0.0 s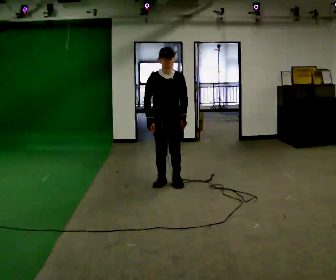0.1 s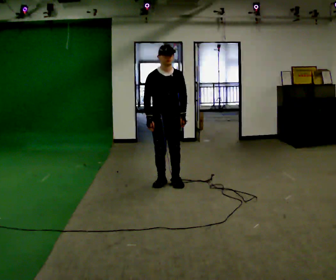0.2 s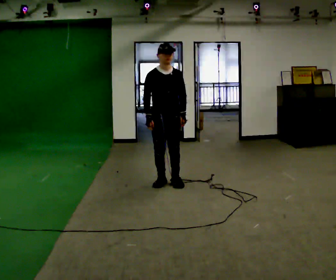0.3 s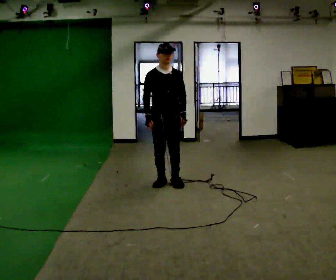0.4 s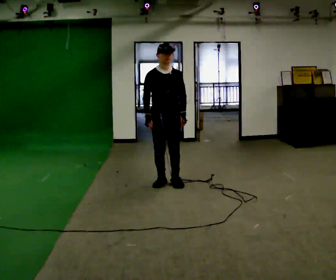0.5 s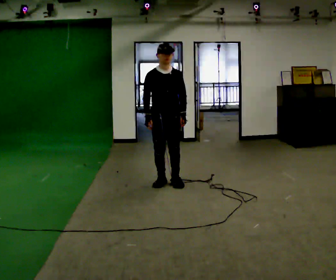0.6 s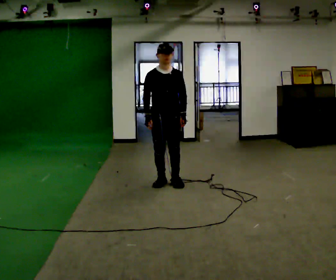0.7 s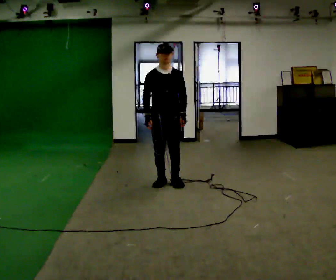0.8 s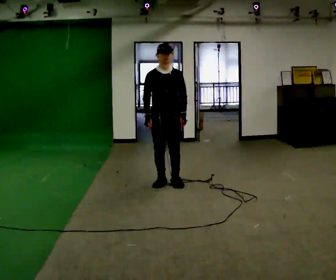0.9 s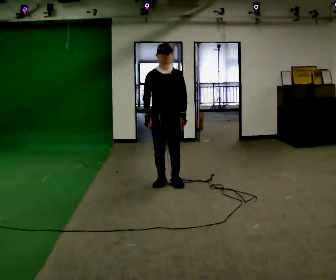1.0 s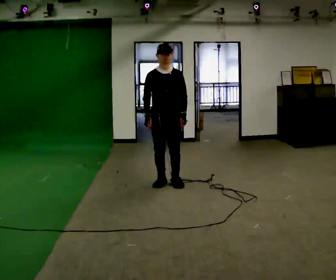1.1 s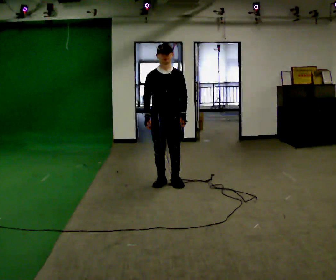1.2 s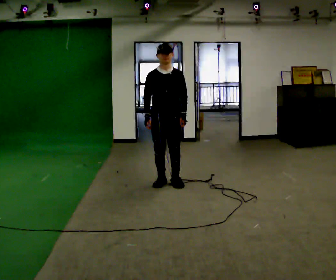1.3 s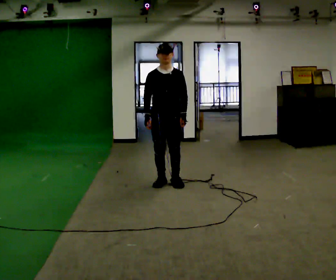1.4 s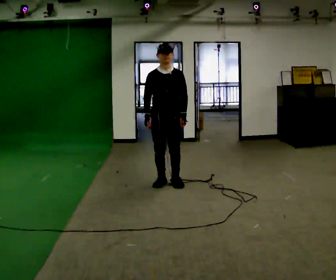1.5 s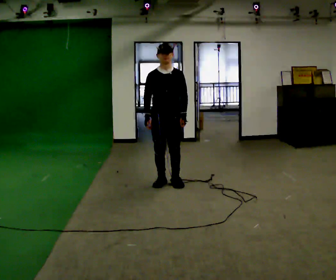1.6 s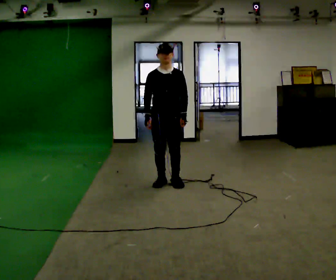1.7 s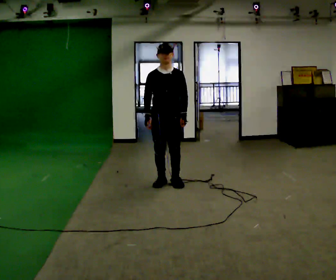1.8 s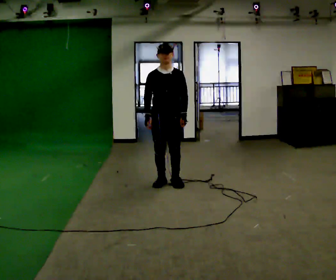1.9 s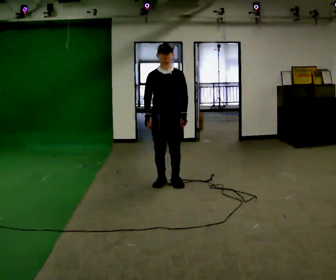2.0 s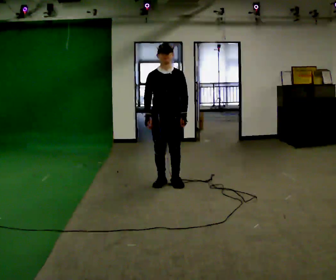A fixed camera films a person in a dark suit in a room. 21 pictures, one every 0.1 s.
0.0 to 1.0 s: The upper body tips away from the camera, its near side rolling upward, as they lean back or straighten.
1.0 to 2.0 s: The person moves a little, or ends about where they began.
The film runs backward here.
